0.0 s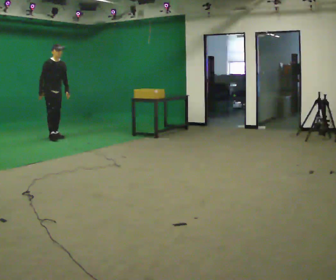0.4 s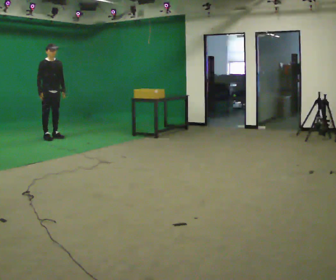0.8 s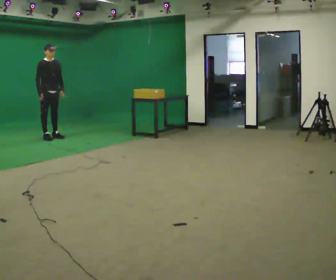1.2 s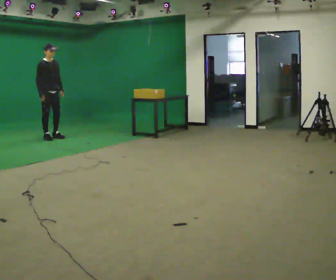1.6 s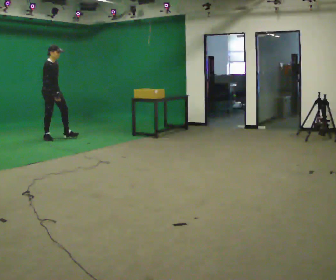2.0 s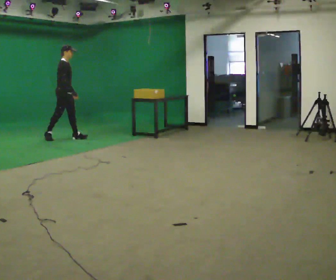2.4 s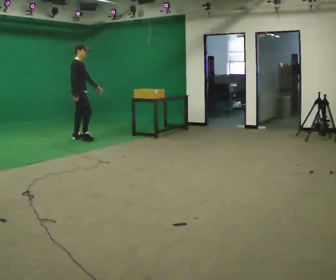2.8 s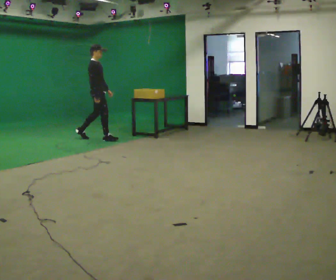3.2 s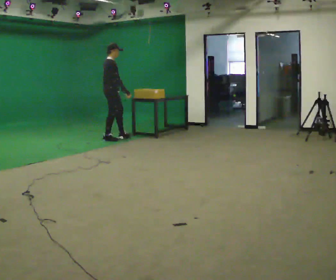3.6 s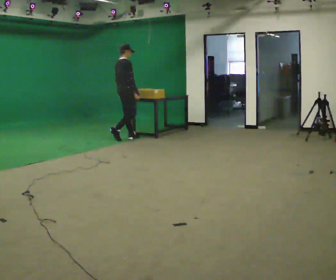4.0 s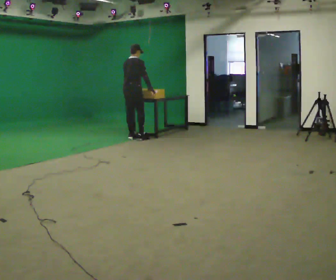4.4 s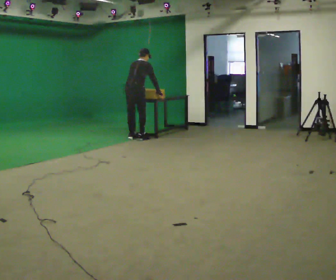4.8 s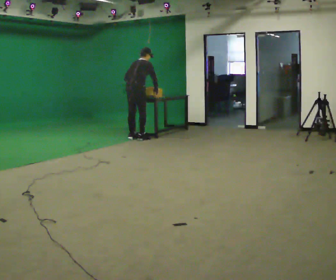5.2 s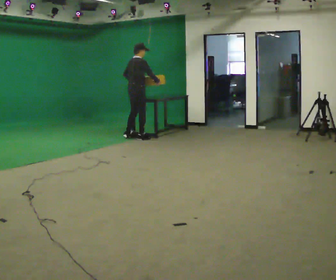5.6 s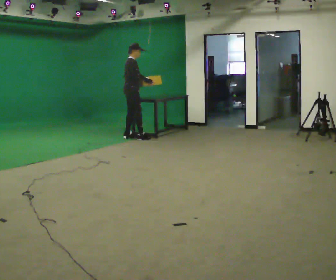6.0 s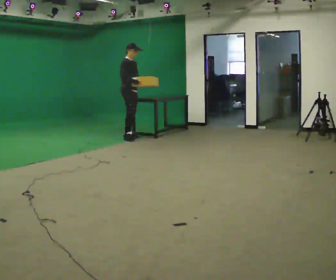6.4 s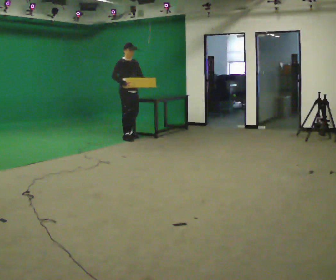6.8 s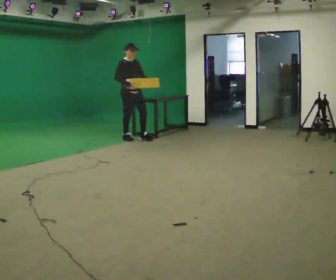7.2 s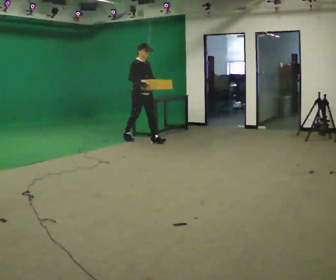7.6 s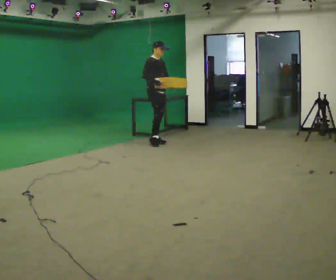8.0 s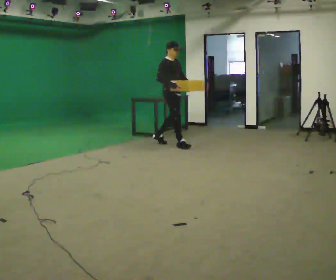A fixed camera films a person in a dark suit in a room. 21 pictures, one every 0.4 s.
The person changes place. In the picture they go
to the right.
0.0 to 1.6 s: The part of the body nearest the lens slides to the right as the person turns to their left by about 30 degrees. In the picture their right hand goes to the right.
1.6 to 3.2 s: Seen from above the body turns counterclockwise, about 30 degrees: to their left, with its near side sliding to the right. In the picture they go to the right, about 1 m in 2 steps, which for them is forward.
3.2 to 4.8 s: The person turns about 45 degrees to their left, counterclockwise seen from above, so the part of the body nearest the lens slides to the right. In the picture they go to the right, about 0.5 m in 2 steps, which for them is to their right and forward.
4.8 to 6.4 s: The person turns about 105 degrees to their right, clockwise seen from above, so the part of the body nearest the lens slides to the left. In the picture they go to the left, about 0.25 m in 1 step. The upper body tips toward the camera, its near side rolling downward, as they lean back or straighten. In the picture their left hand goes to the right, the arm swinging counterclockwise.
6.4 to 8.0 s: In the picture they go to the right and toward the camera, about 1 m in 2 steps, which for them is forward.
The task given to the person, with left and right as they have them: Walk quickly but do not run; remain comfortable and controlled; stop.
The film runs forward here.
